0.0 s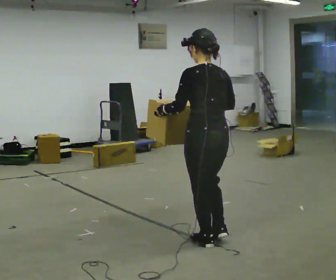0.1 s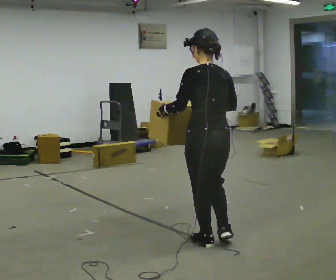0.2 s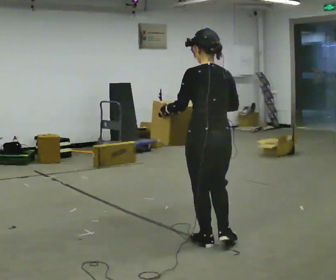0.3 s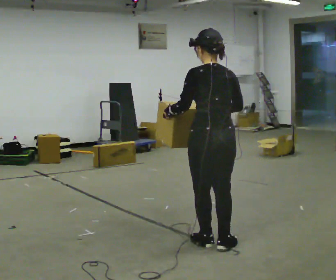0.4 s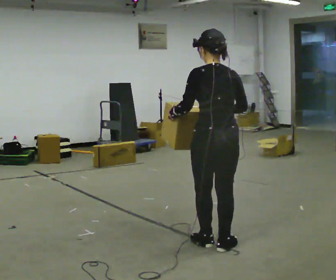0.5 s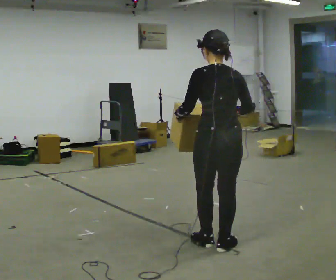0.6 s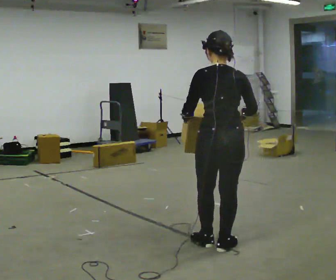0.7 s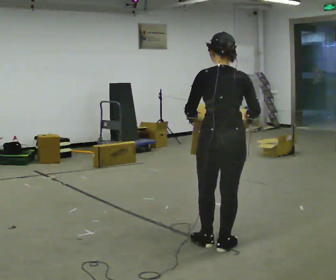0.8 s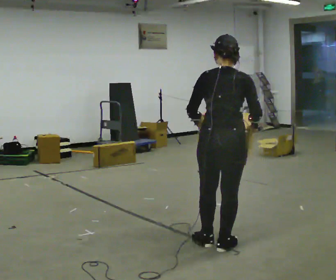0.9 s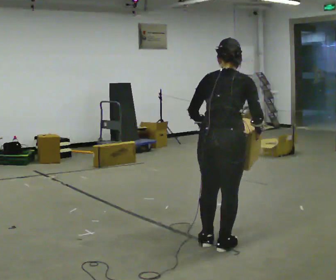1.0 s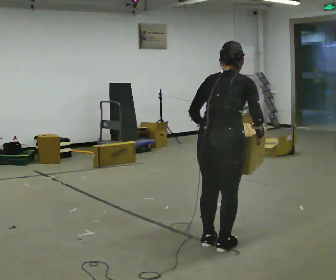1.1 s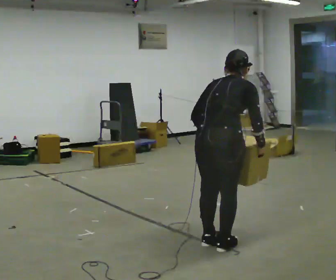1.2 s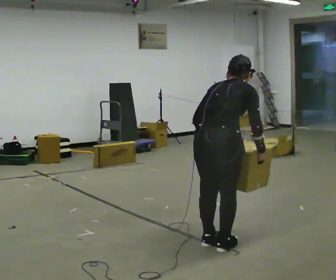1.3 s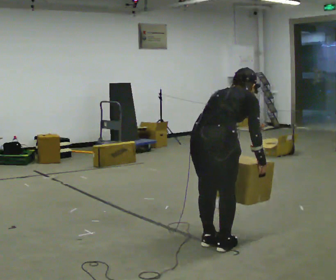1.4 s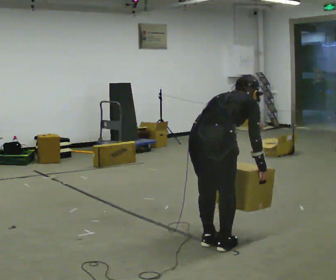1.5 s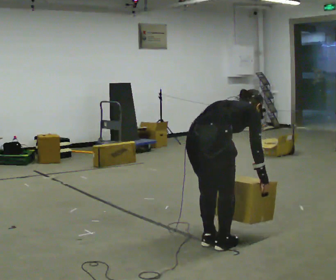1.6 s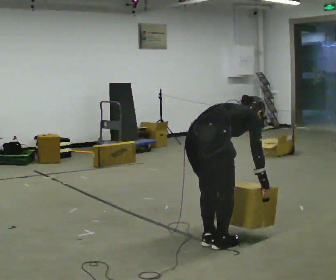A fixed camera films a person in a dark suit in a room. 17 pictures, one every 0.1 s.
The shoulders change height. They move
downward.
Their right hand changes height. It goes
downward.
0.0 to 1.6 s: Seen from above the body turns clockwise, about 75 degrees: to their right, with its near side sliding to the left. The shoulders move downward. The upper body tips away from the camera, its near side rolling upward, as they bend forward. In the picture their right hand goes downward and to the right.
The film runs backward here.
